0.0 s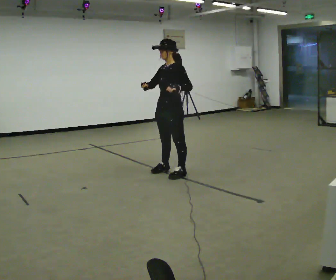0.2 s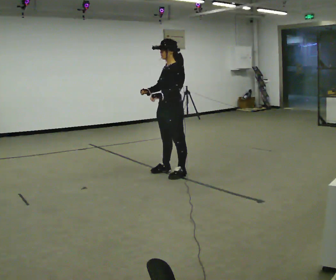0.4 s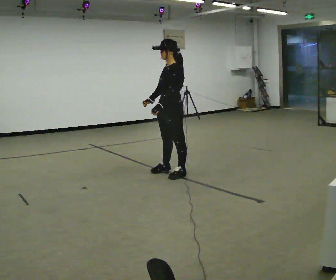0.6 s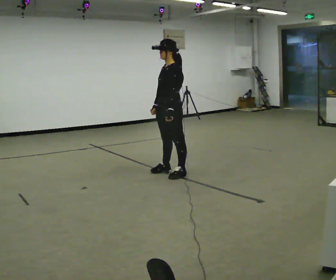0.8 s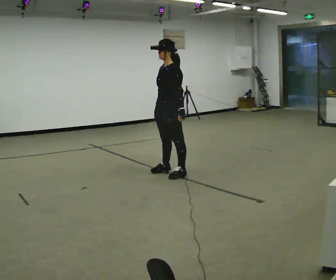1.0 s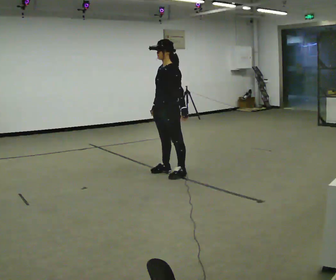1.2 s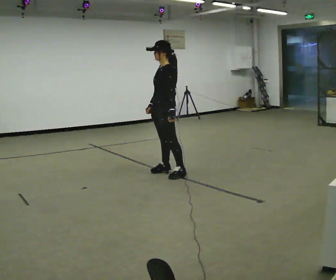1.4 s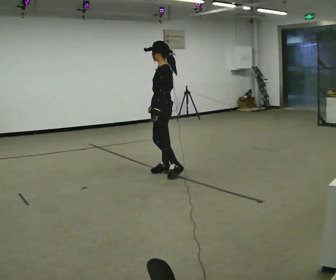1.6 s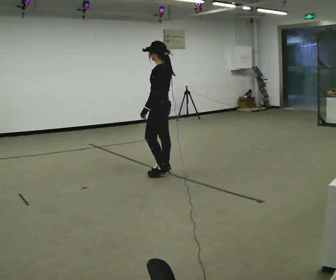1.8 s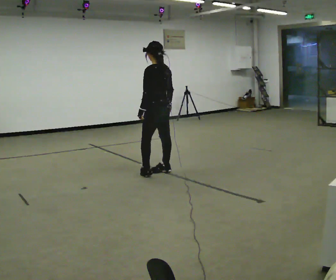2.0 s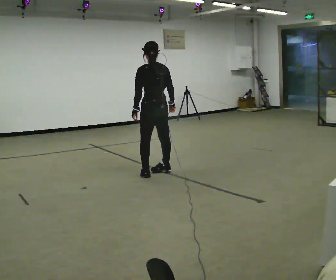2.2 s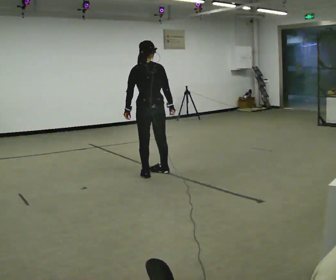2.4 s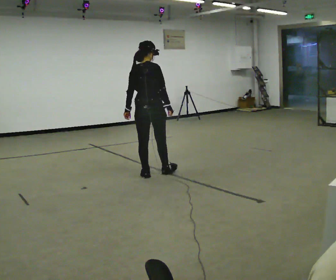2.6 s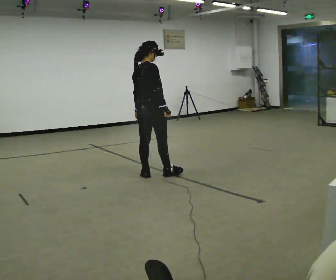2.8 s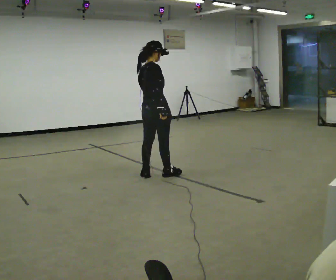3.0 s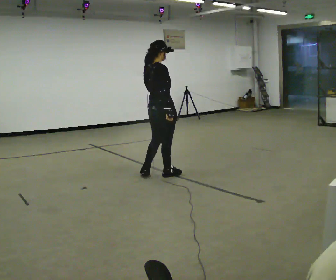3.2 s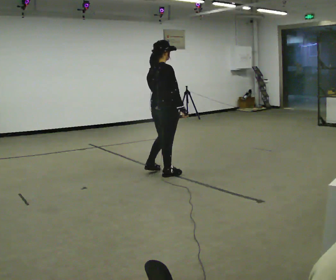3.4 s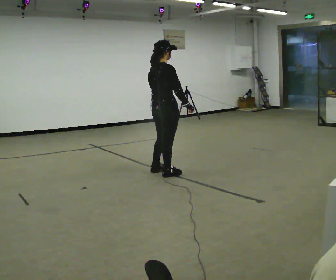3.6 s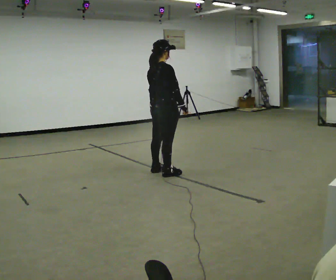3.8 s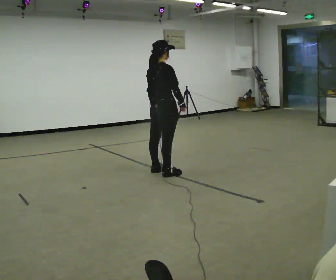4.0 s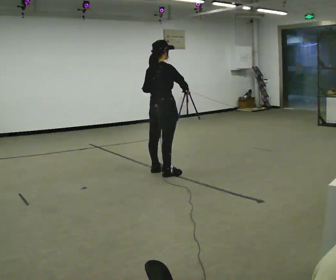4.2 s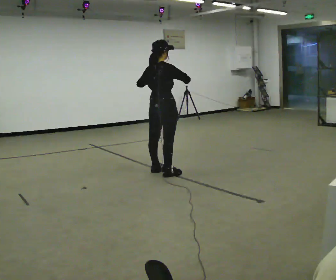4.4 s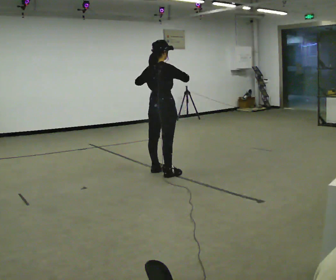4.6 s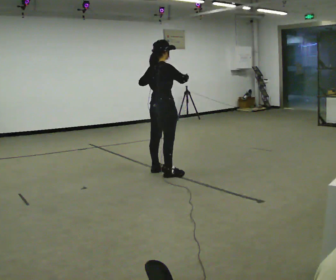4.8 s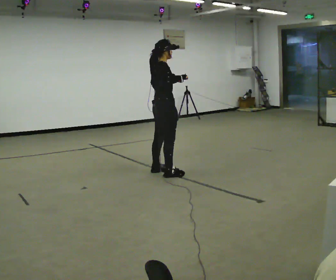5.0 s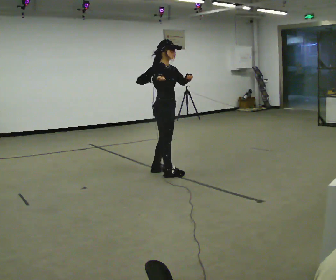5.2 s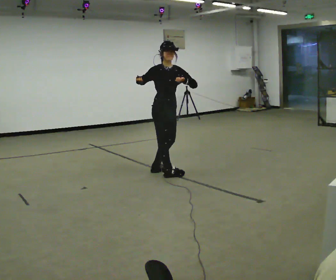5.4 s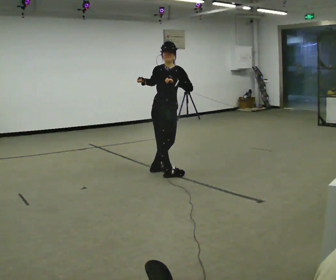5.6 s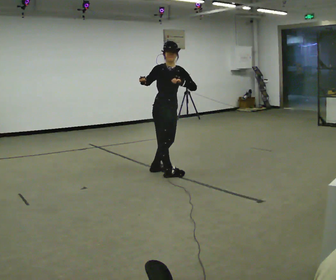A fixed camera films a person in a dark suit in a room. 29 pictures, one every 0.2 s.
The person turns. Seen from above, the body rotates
clockwise.
The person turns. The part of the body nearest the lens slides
to the left.
0.0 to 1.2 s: The person moves a little, or ends about where they began.
1.2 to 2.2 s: The person turns about 105 degrees to their right, clockwise seen from above, so the part of the body nearest the lens slides to the left. In the picture they go to the left, about 0.25 m in 1 step.
2.2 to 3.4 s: Seen from above the body turns clockwise, about 45 degrees: to their right, with its near side sliding to the left. In the picture they go to the right, about 0.25 m in 2 steps, which for them is forward. In the picture their left hand goes to the right.
3.4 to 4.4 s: In the picture their left hand goes upward.
4.4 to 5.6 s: The part of the body nearest the lens slides to the left as the person turns to their right by about 90 degrees. In the picture their right hand goes to the left.
The film runs forward here.
